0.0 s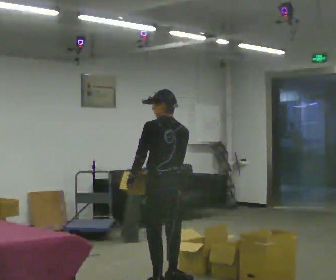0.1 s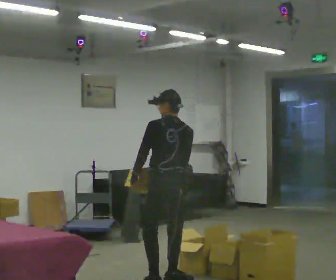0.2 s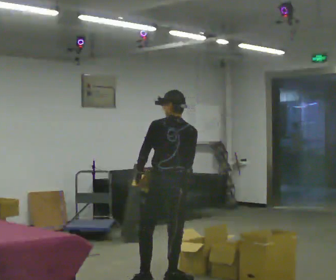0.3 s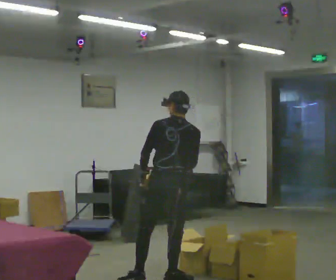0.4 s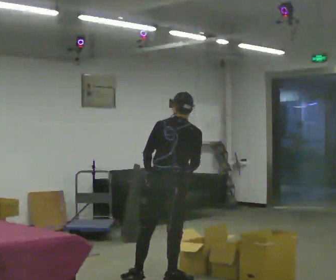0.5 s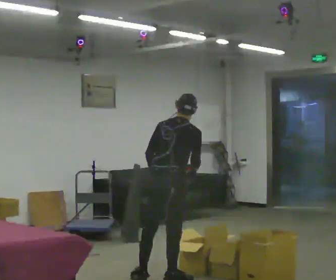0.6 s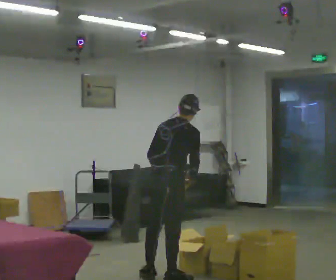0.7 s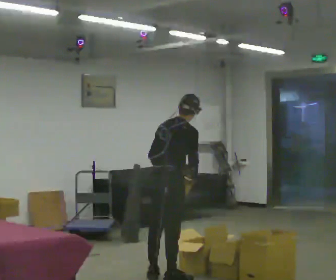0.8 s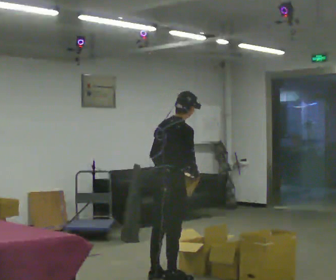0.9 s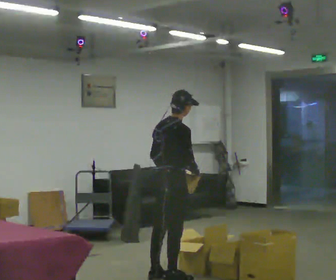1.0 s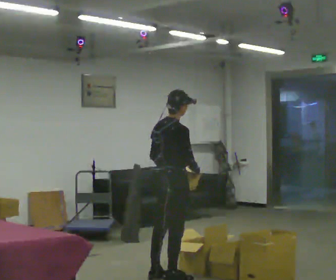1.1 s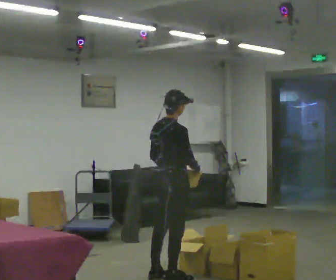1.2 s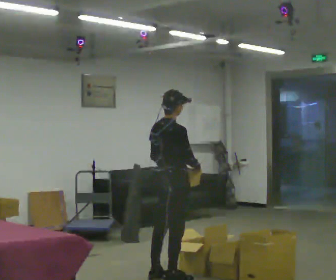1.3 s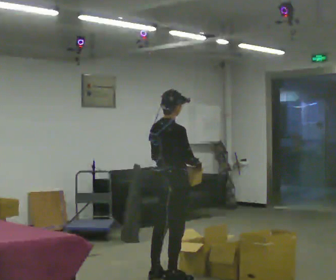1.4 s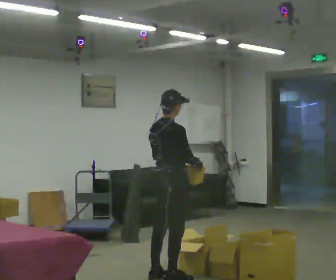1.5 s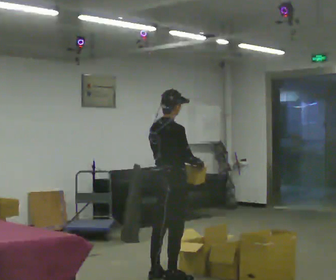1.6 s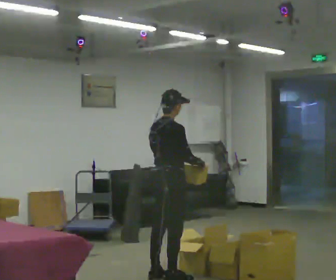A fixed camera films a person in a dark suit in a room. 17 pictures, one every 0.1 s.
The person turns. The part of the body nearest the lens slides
to the left.
The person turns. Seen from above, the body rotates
clockwise.
0.0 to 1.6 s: Seen from above the body turns clockwise, about 75 degrees: to their right, with its near side sliding to the left. In the picture they go away from the camera, about 0.25 m in 1 step.
The film runs backward here.
